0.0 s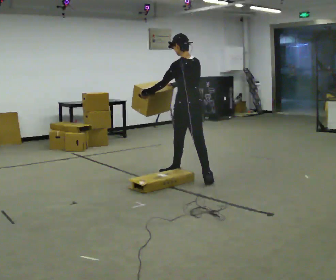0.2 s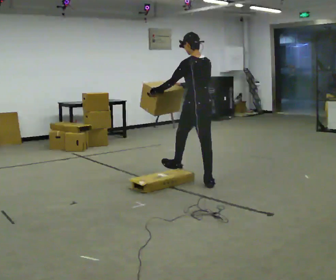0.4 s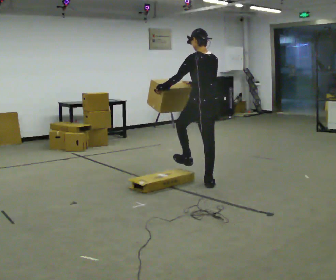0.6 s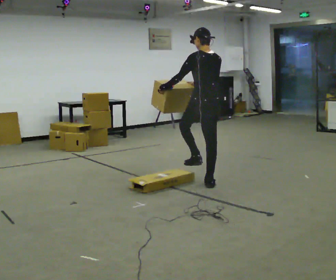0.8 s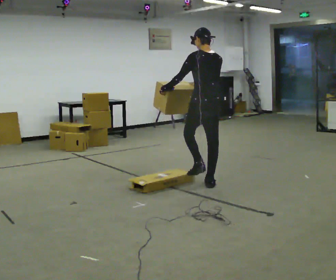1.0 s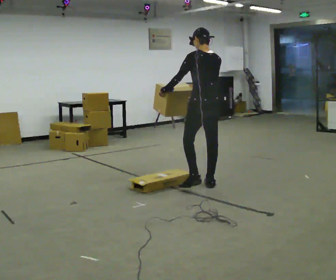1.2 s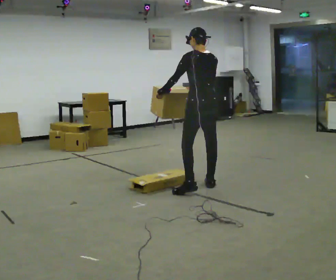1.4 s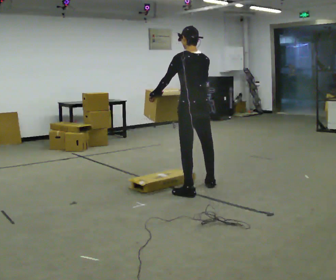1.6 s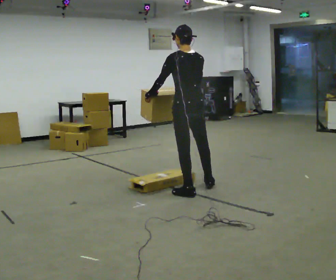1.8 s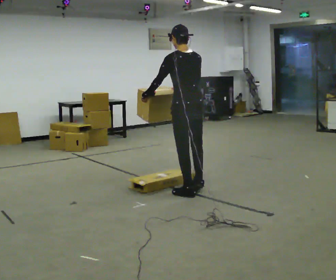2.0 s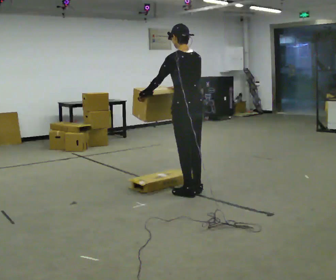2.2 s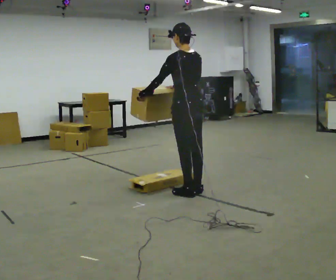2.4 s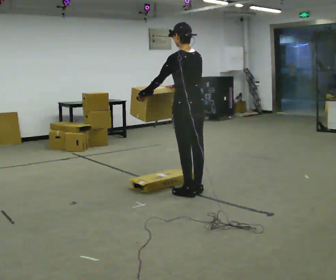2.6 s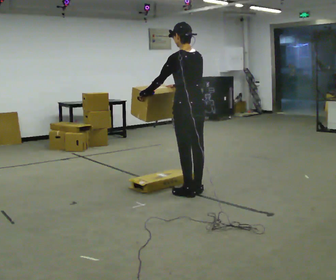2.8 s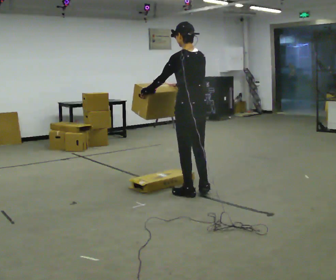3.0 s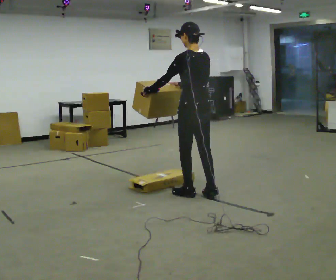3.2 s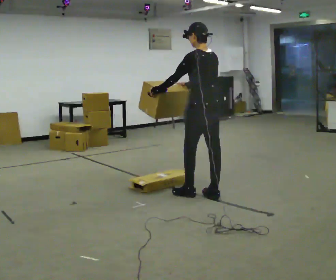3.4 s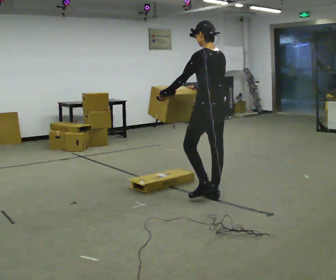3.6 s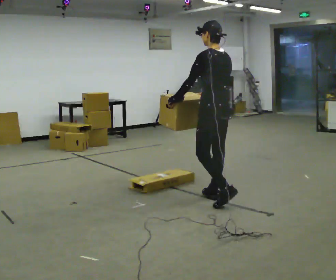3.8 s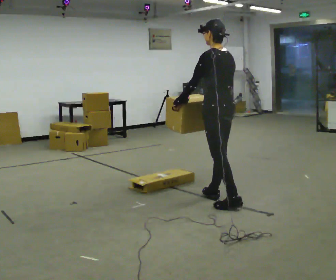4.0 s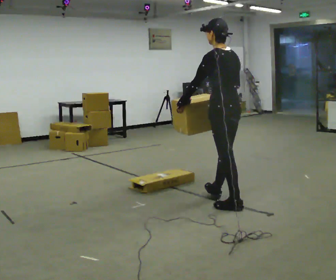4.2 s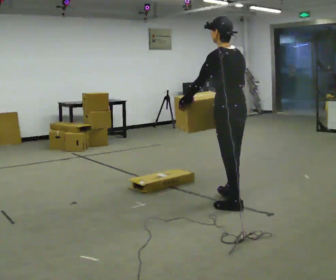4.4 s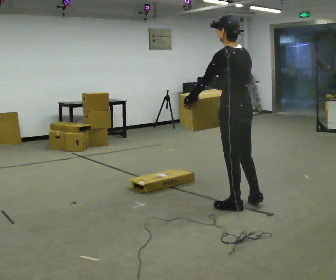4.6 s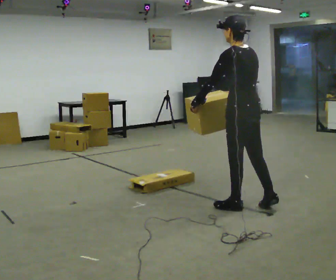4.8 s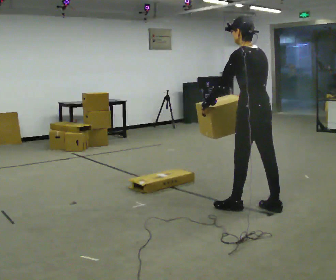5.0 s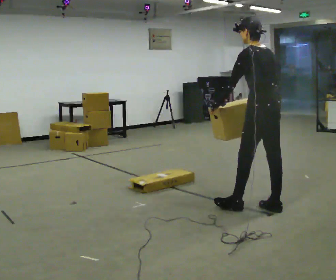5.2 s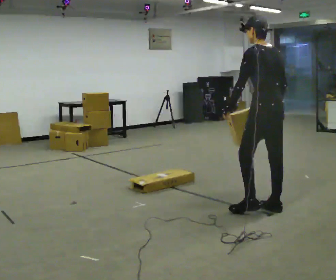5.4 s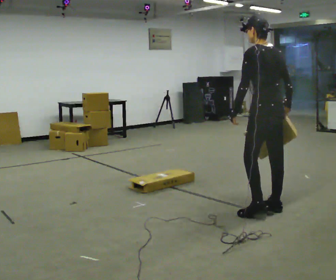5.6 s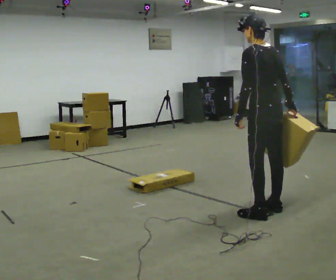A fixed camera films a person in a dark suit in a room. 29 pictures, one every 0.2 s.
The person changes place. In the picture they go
toward the camera.
0.0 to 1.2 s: In the picture they go toward the camera and to the right, about 0.5 m in 1 step, which for them is backward.
1.2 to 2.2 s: In the picture they go toward the camera, about 0.25 m in 1 step, which for them is to their left.
2.2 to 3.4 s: In the picture they go to the right and toward the camera, about 0.25 m in 2 steps, which for them is backward.
3.4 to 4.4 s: In the picture they go toward the camera and to the right, about 0.5 m in 1 step, which for them is backward.
4.4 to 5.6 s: In the picture they go to the right, about 0.25 m in 1 step, which for them is backward.
The film runs backward here.
